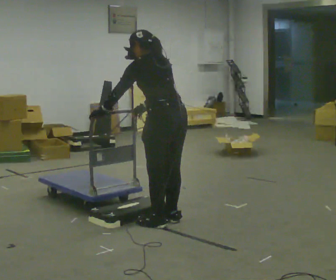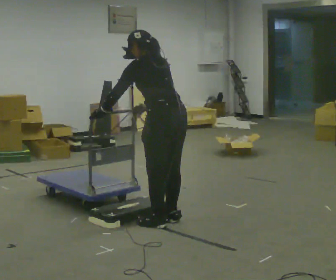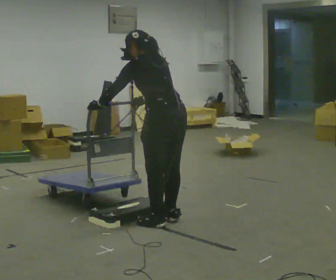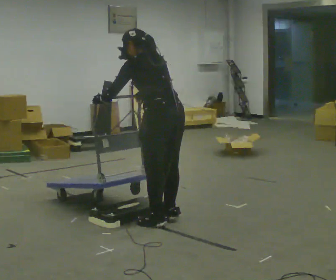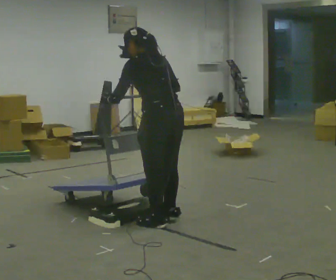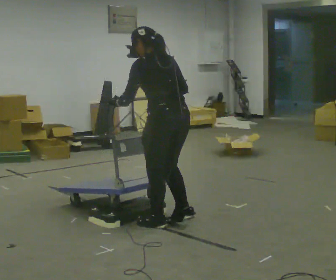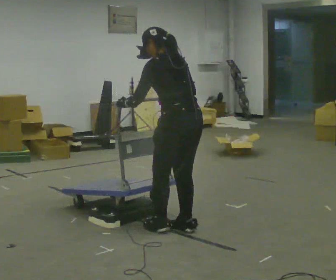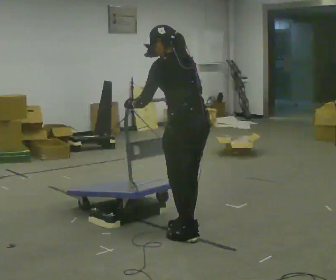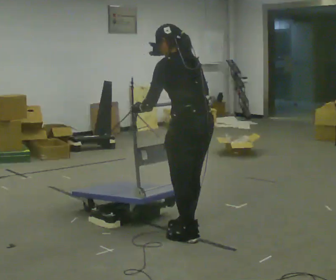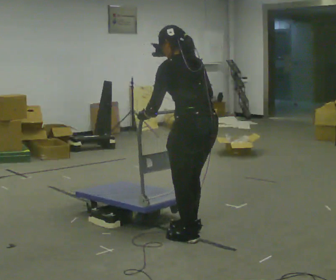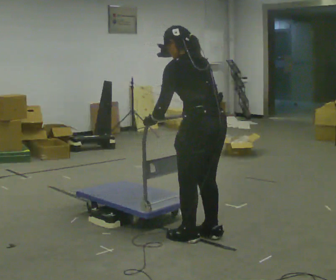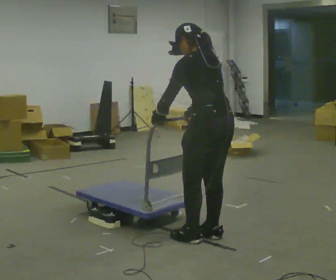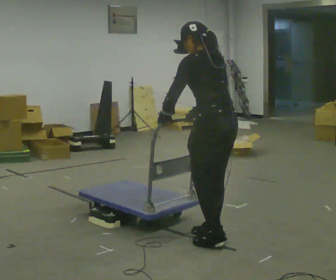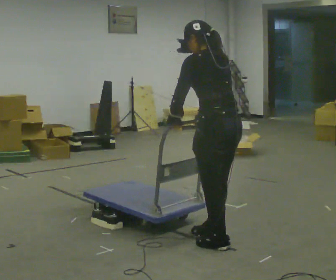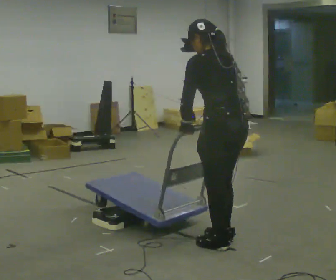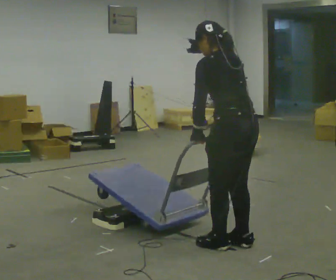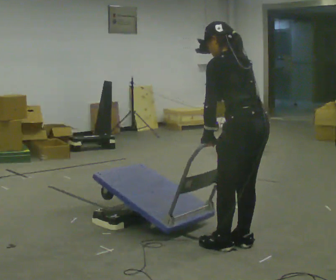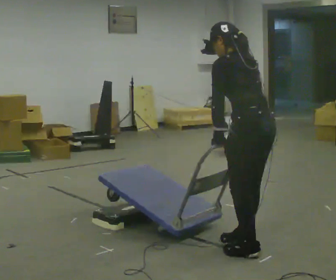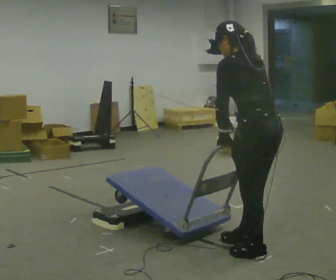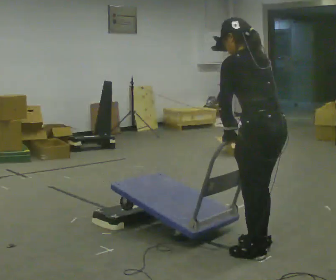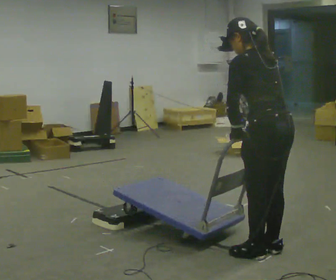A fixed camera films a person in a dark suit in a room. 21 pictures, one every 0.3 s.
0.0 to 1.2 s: The person moves a little, or ends about where they began.
1.2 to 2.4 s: In the picture they go toward the camera and to the right, about 0.25 m in 2 steps, which for them is backward.
2.4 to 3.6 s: In the picture they go to the right, about 0.25 m in 2 steps, which for them is backward.
3.6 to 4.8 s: In the picture they go to the right and toward the camera, about 0.25 m in 1 step, which for them is backward.
4.8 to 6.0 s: In the picture they go toward the camera, about 0.25 m in 2 steps, which for them is backward.
The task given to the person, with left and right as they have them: Push the cart up over the low platform edge and down the other side, then bring it back over.
The film runs forward here.
